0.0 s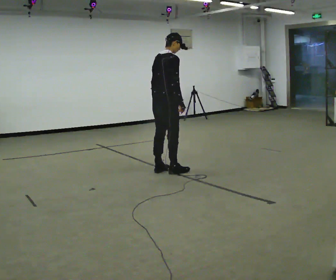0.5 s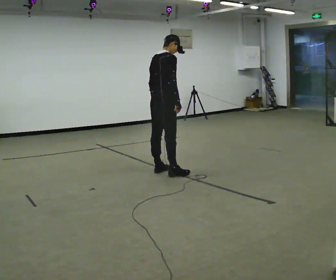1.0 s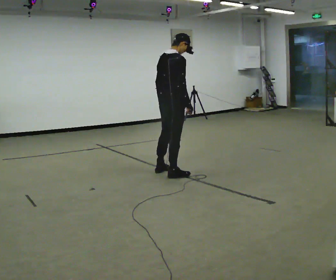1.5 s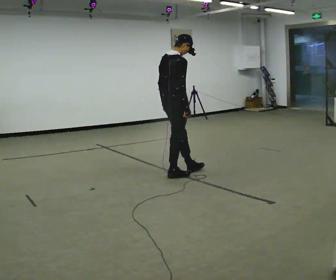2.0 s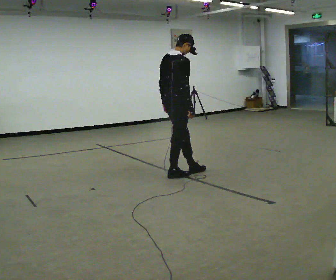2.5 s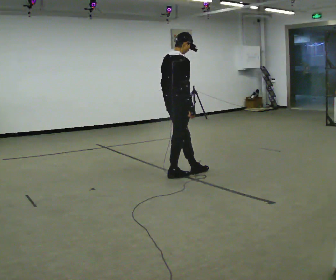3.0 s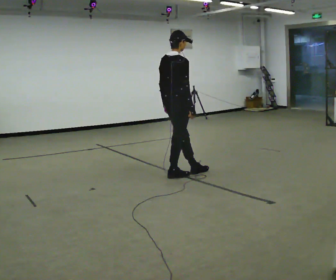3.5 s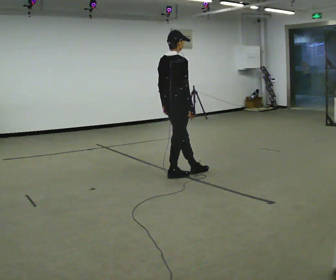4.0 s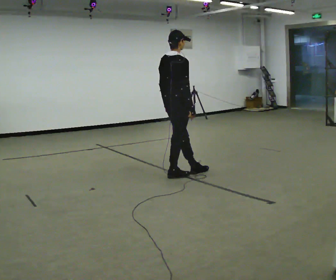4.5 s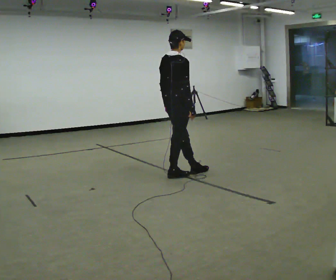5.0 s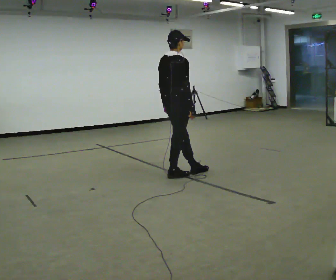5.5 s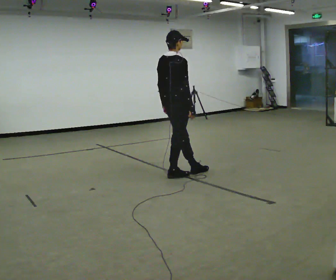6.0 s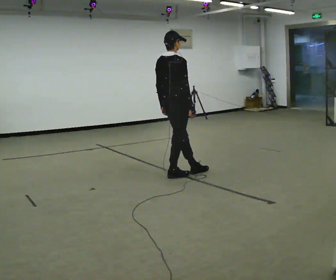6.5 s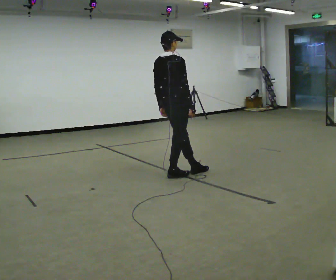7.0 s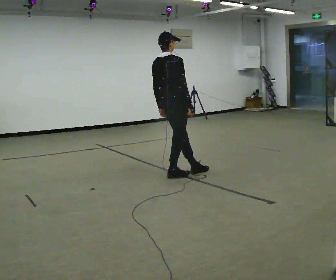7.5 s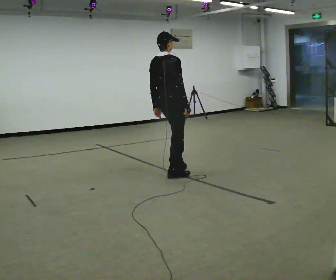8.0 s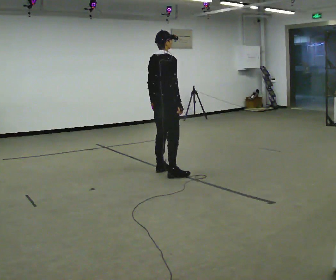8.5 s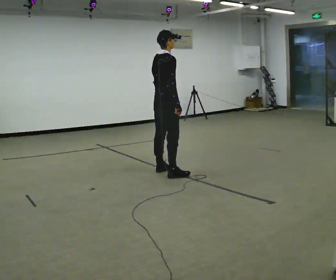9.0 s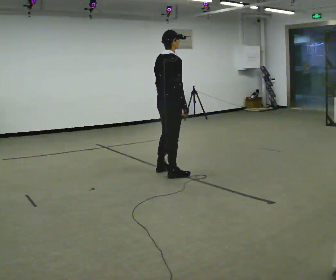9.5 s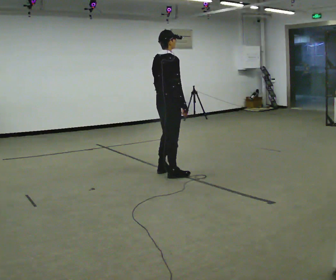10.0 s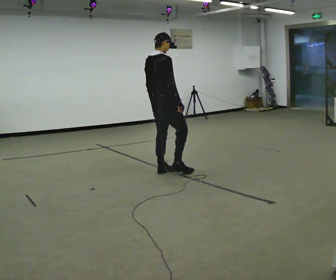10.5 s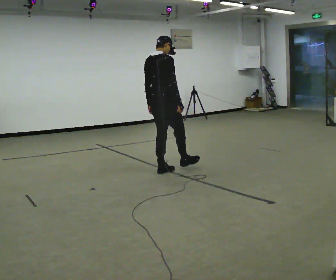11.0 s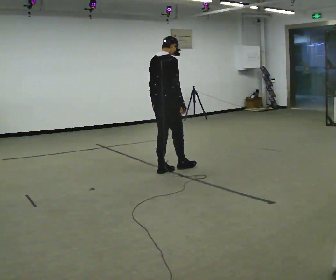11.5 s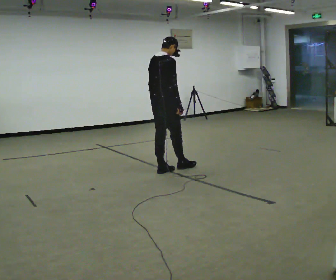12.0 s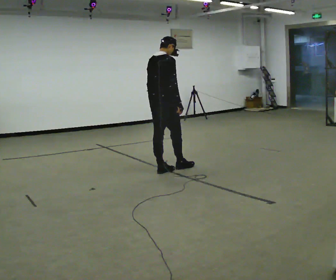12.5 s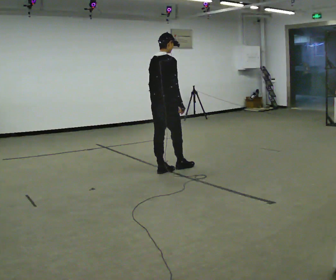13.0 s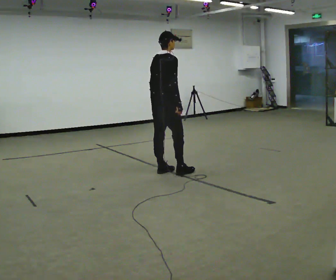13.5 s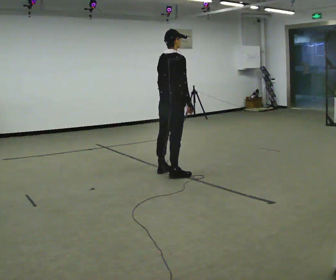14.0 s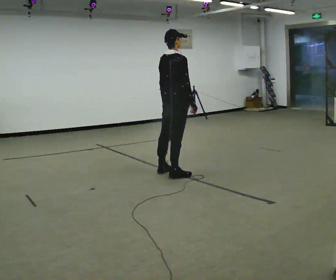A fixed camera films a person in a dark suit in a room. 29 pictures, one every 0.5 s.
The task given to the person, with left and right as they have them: Stand with one foot directly in front of the other, heel to toe, on the marked line. Hold your balance until you lose it, then step out. Repeat at your own pace until the operator says stop. Go slowly and only as far as you are comfortable. Step whenever you need to; do not try to hold on longer than feels safe.
0.0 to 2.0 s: In the picture they go toward the camera and to the right, about 0.25 m in 2 steps, which for them is to their right.
2.0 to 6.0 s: The person moves a little, or ends about where they began.
6.0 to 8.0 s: In the picture they go away from the camera, about 0.25 m in 1 step, which for them is to their left.
8.0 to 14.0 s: The person moves a little, or ends about where they began.
The film runs forward here.
